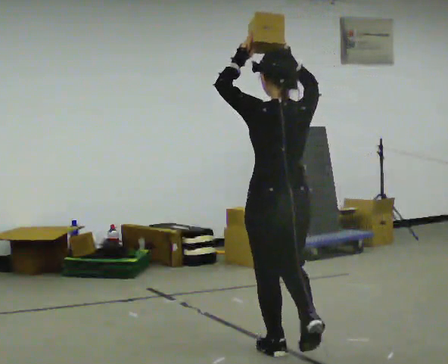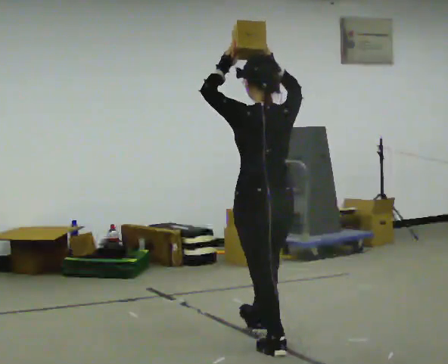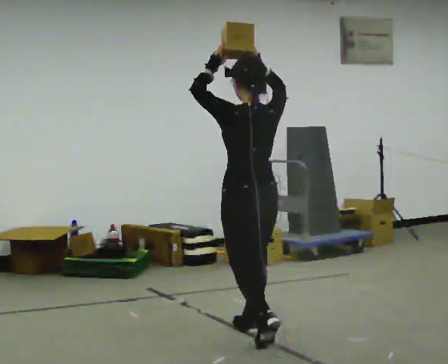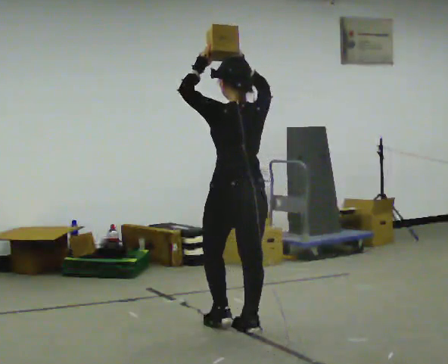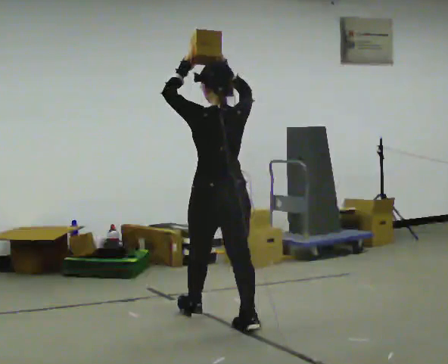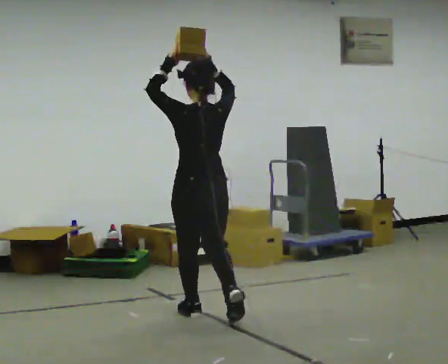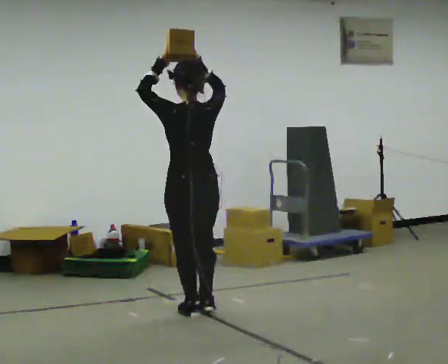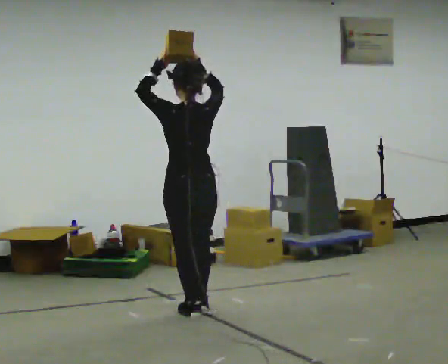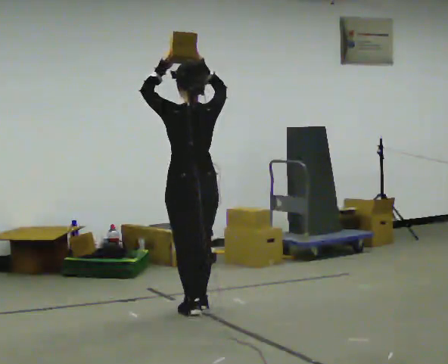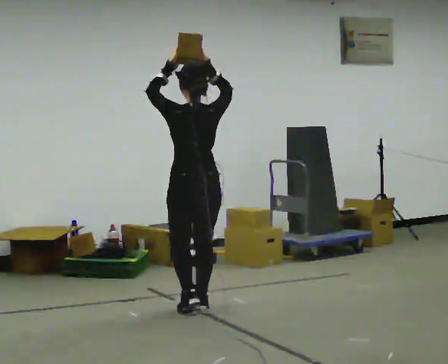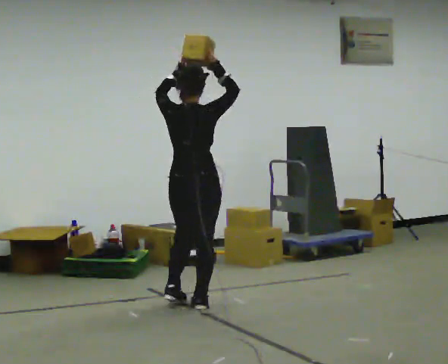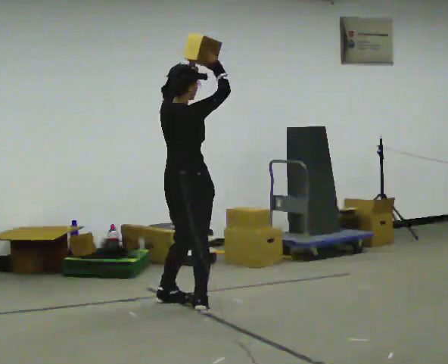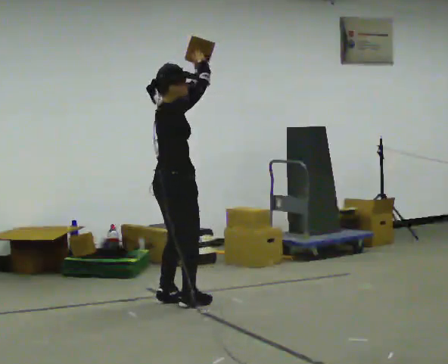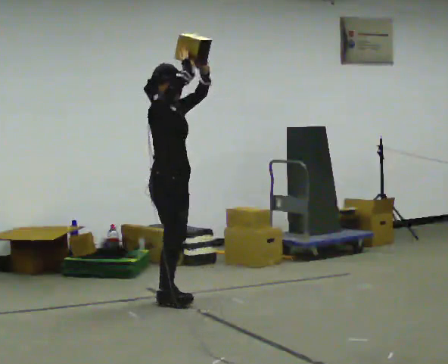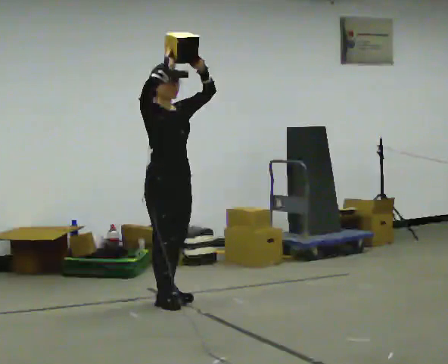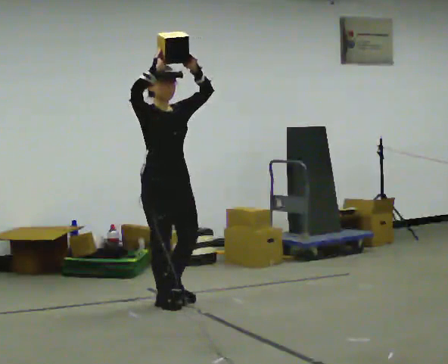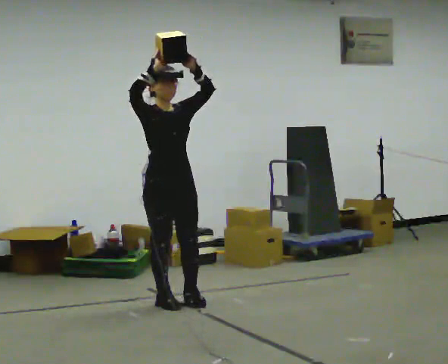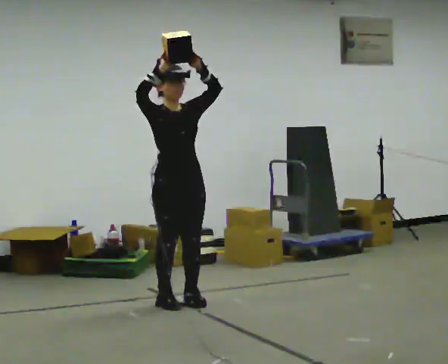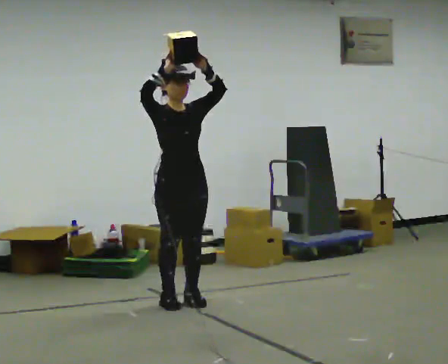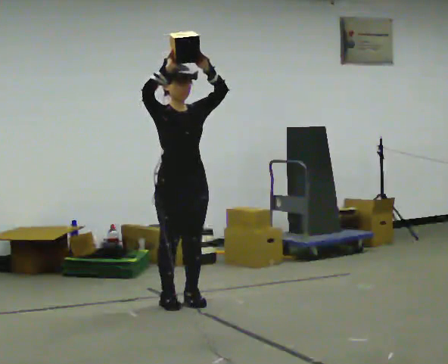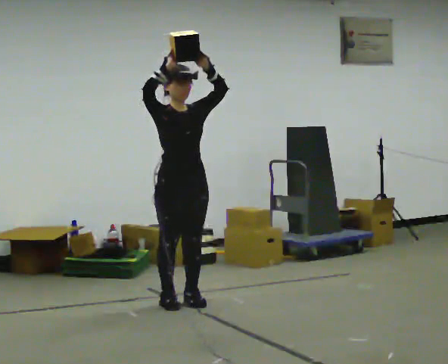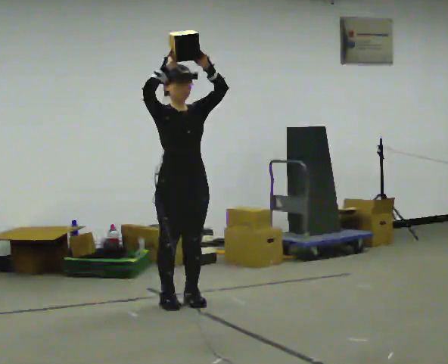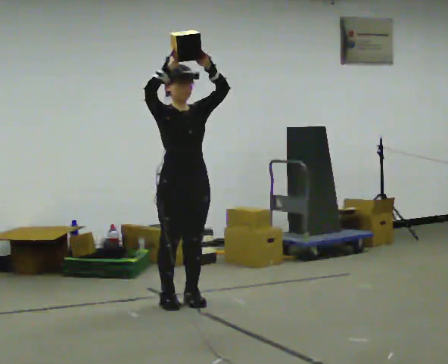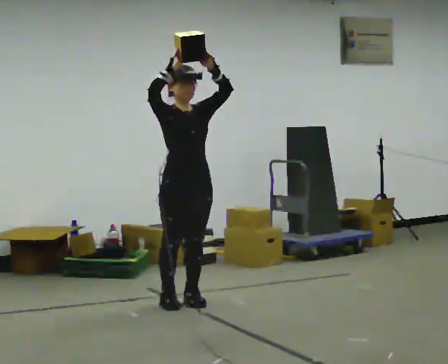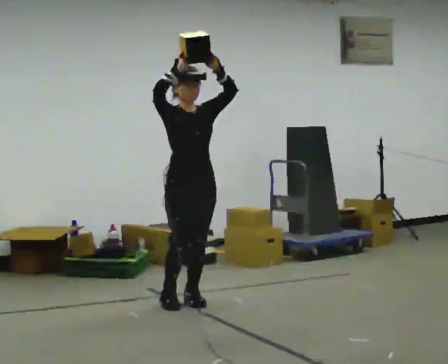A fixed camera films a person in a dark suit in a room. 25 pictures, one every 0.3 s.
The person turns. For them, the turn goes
to their right.
The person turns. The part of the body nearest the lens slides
to the left.
0.0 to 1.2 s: In the picture they go away from the camera and to the left, about 1 m in 2 steps, which for them is forward.
1.2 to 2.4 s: In the picture they go away from the camera and to the left, about 0.5 m in 1 step, which for them is forward.
2.4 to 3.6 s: The person turns about 105 degrees to their right, clockwise seen from above, so the part of the body nearest the lens slides to the left. In the picture they go away from the camera and to the left, about 0.25 m in 1 step.
3.6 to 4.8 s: The person turns about 75 degrees to their right, clockwise seen from above, so the part of the body nearest the lens slides to the left.
4.8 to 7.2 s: The person moves a little, or ends about where they began.
The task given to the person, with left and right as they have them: Carry the object held up above your head, walking back and forth across the room.
The film runs forward here.
